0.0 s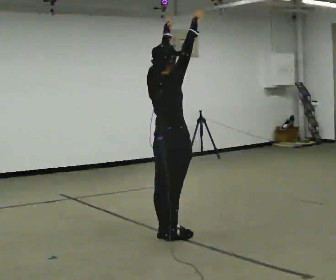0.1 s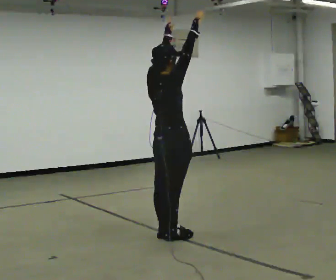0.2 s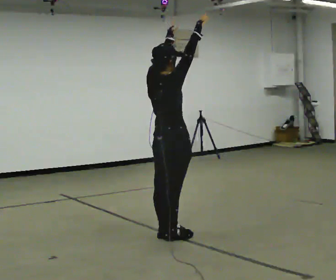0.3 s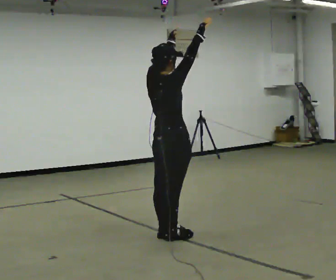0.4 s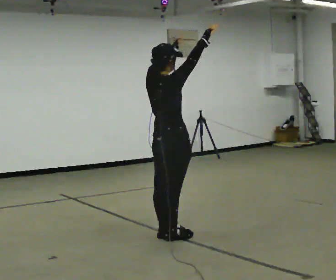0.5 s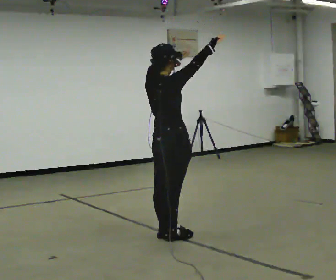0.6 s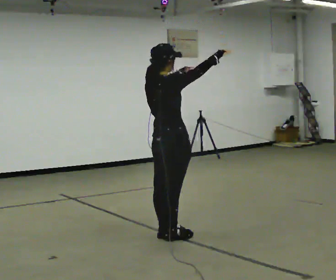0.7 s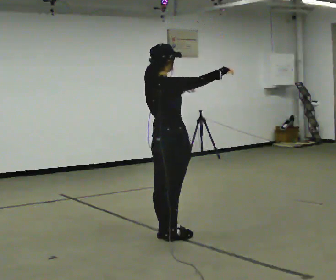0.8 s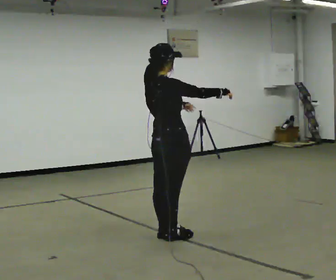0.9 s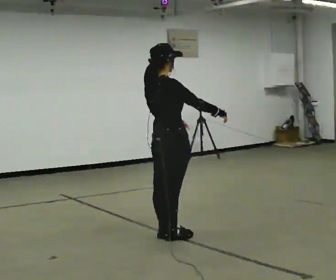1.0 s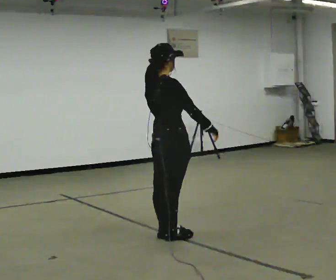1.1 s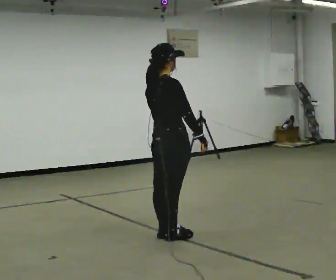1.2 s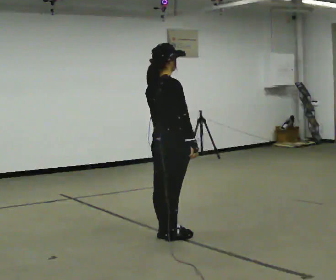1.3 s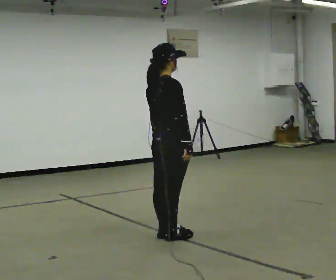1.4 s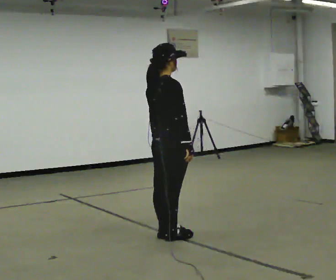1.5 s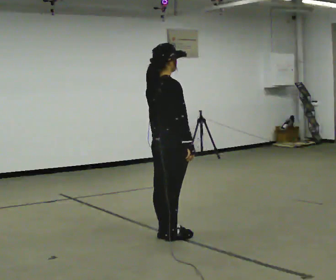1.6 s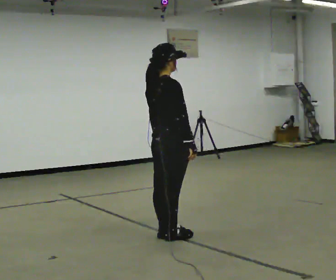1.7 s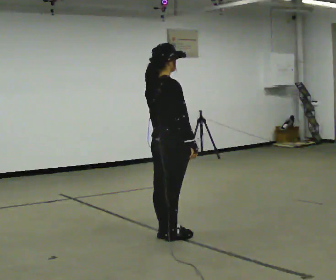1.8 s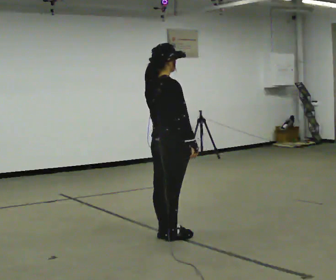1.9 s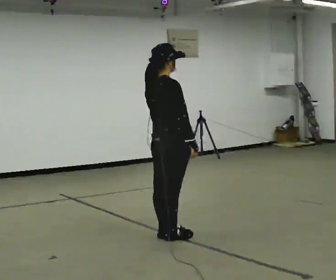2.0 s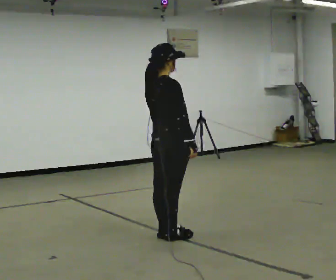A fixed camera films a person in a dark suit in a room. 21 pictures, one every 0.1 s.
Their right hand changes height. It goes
downward.
Their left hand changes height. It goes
downward.
0.0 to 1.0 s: In the picture their left hand goes downward.
1.0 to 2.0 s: The person moves a little, or ends about where they began.
The film runs forward here.
